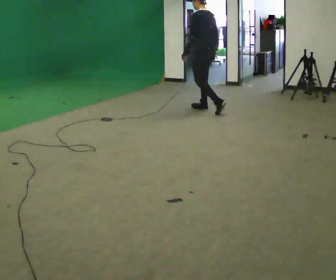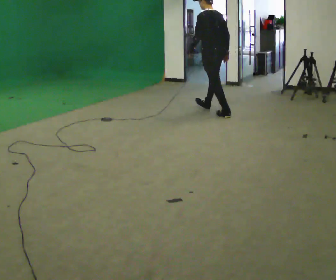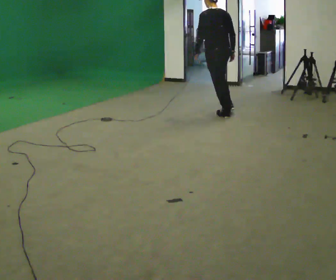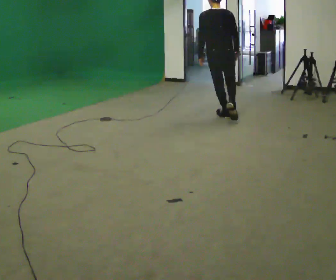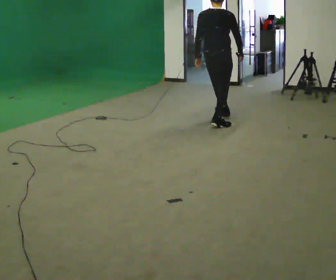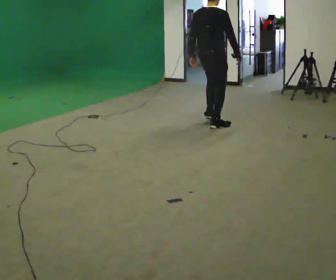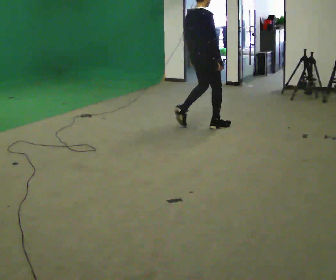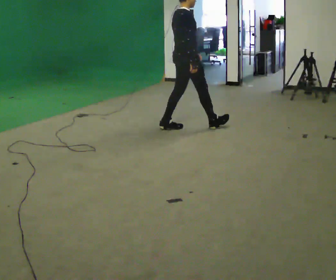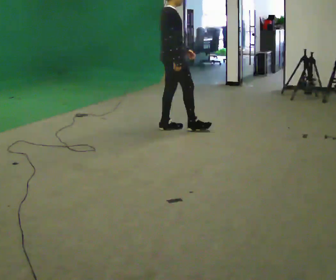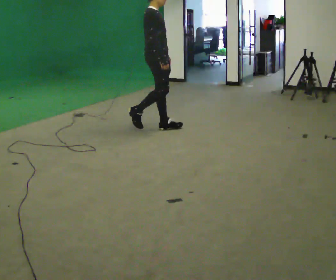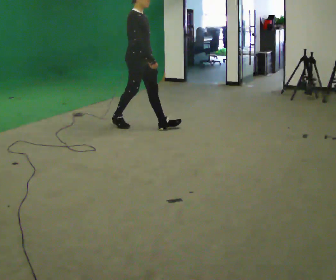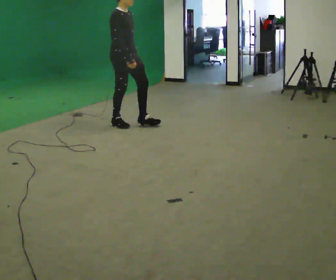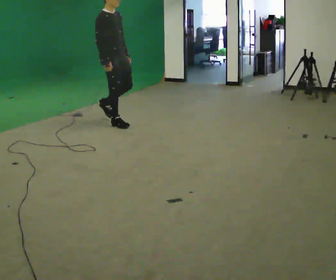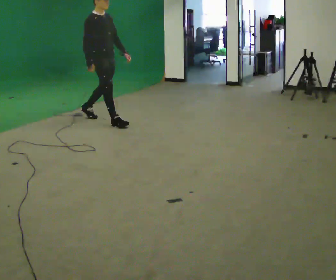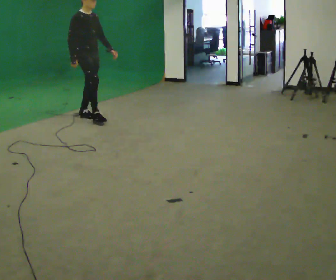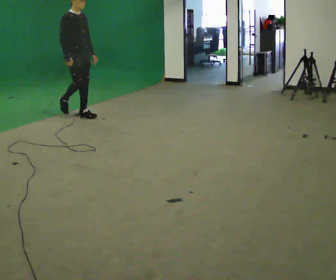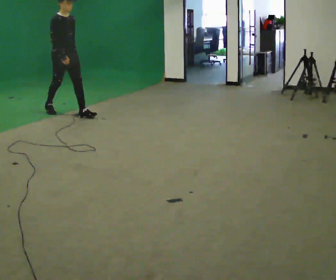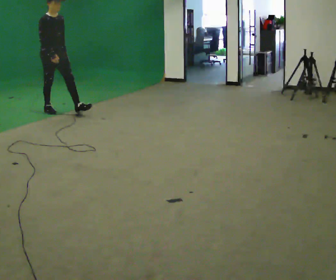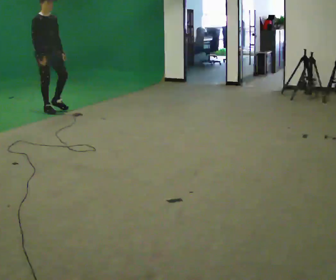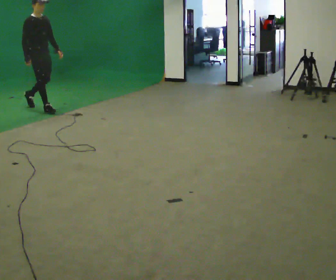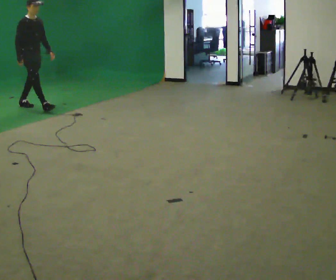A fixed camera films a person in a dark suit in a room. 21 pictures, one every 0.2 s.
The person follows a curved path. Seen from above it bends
clockwise.
The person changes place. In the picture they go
to the left.
0.0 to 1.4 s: The person turns about 120 degrees to their right, clockwise seen from above, so the part of the body nearest the lens slides to the left. In the picture they go toward the camera, about 1 m in 2 steps.
1.4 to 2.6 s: The part of the body nearest the lens slides to the left as the person turns to their right by about 45 degrees. In the picture they go to the left, about 1 m in 2 steps, which for them is backward.
2.6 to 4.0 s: In the picture they go to the left and away from the camera, about 1.5 m in 2 steps, which for them is backward.
The film runs backward here.
